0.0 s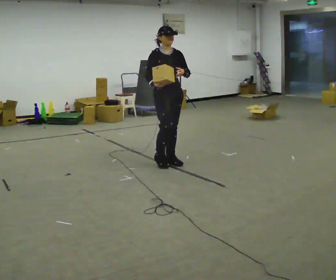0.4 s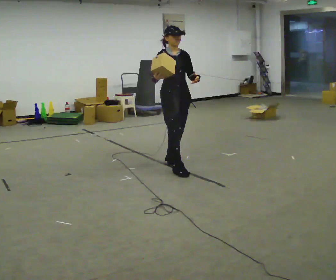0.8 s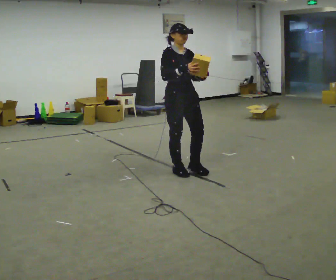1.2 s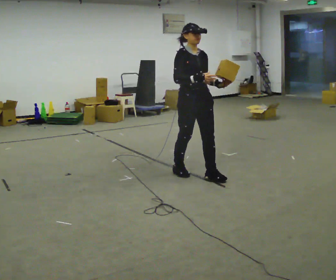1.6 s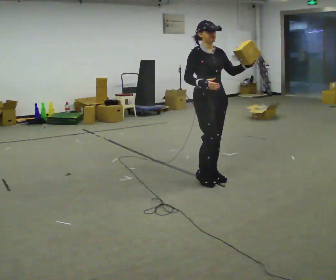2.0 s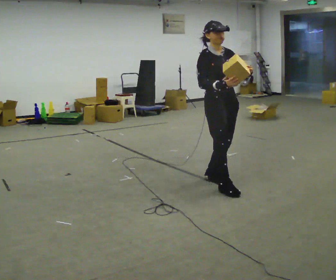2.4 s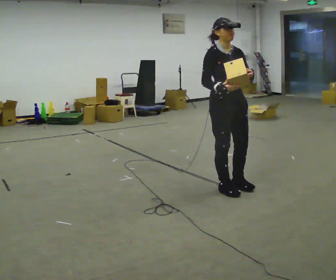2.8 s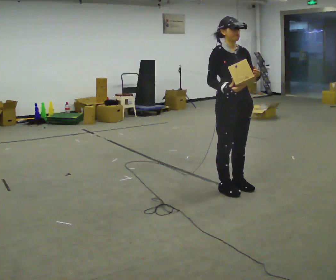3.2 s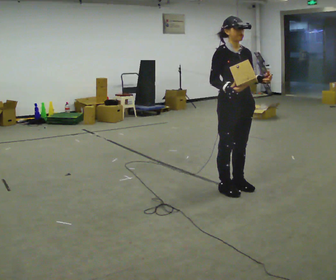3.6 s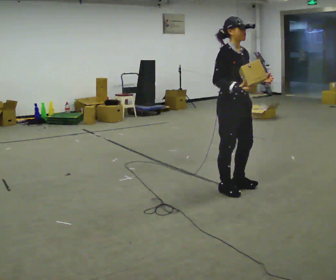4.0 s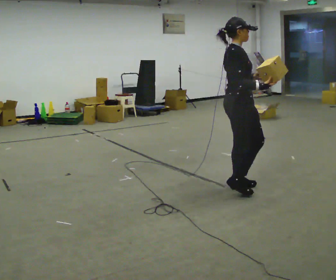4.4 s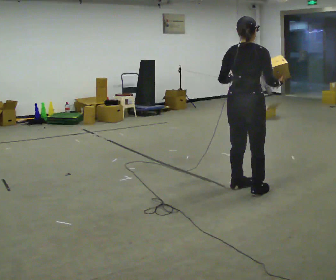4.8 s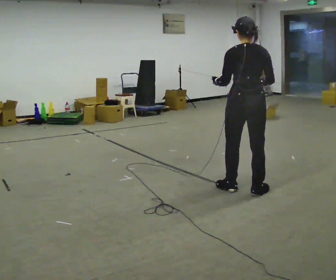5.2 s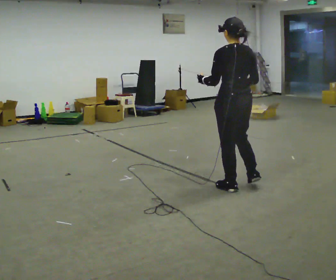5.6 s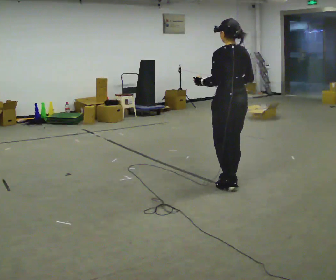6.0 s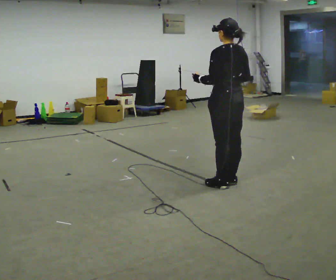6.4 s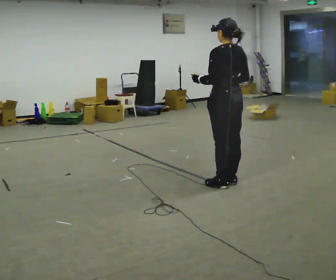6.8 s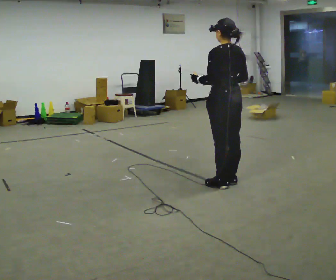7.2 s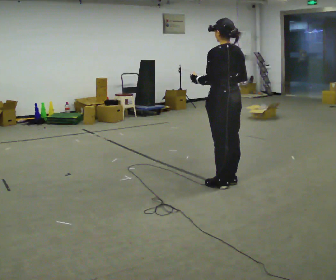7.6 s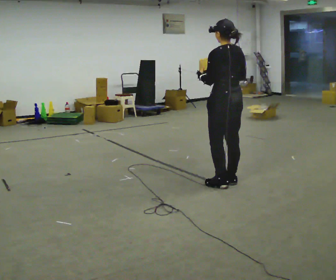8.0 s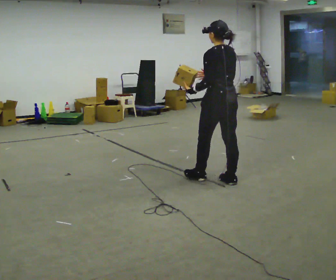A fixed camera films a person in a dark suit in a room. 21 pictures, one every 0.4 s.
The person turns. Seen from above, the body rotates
counterclockwise.
The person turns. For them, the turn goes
to their left.
0.0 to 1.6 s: In the picture they go to the right and toward the camera, about 1 m in 2 steps, which for them is forward.
1.6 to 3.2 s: In the picture they go to the right and toward the camera, about 0.5 m in 2 steps, which for them is forward.
3.2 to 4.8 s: The part of the body nearest the lens slides to the right as the person turns to their left by about 150 degrees. In the picture their left hand goes to the left.
4.8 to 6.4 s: Seen from above the body turns counterclockwise, about 30 degrees: to their left, with its near side sliding to the right. In the picture they go to the left, about 0.25 m in 1 step, which for them is forward.
6.4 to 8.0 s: The person moves a little, or ends about where they began.
The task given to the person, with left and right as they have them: Carry the object in one hand and, while walking, pass it to your other hand. Keep passing it back and forth as you walk.
The film runs forward here.
